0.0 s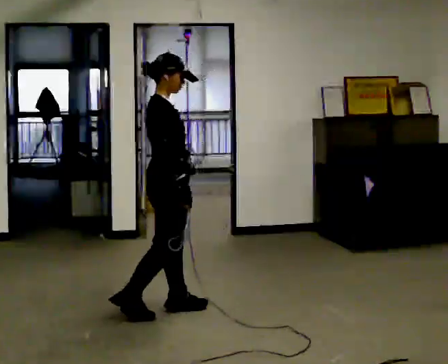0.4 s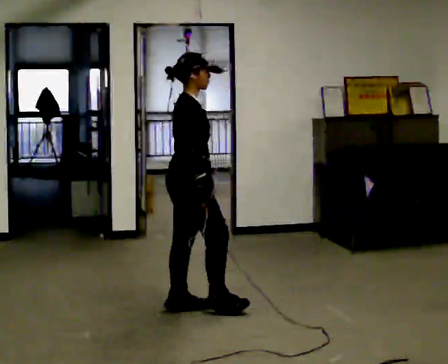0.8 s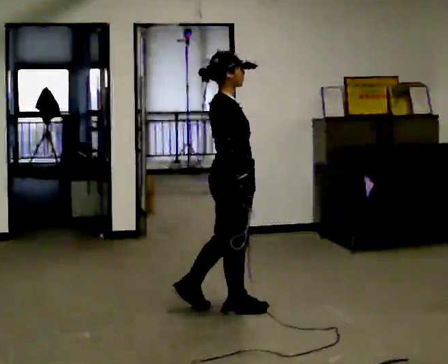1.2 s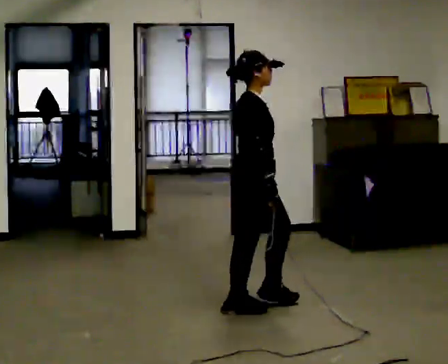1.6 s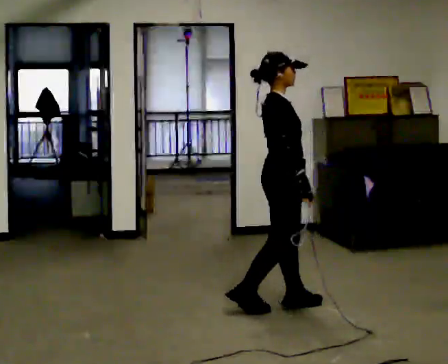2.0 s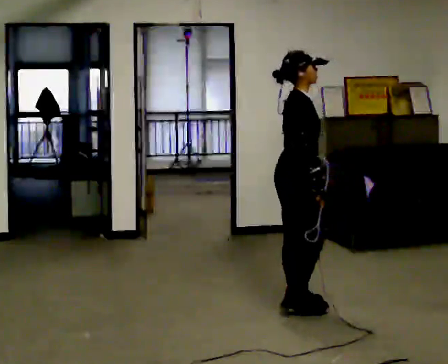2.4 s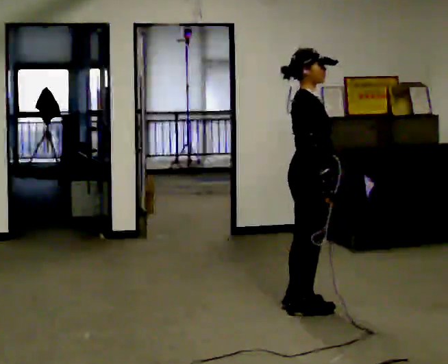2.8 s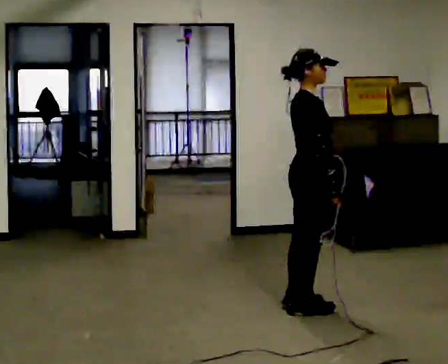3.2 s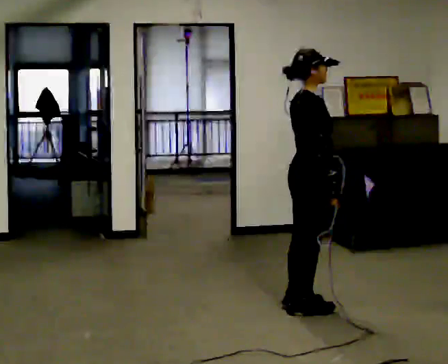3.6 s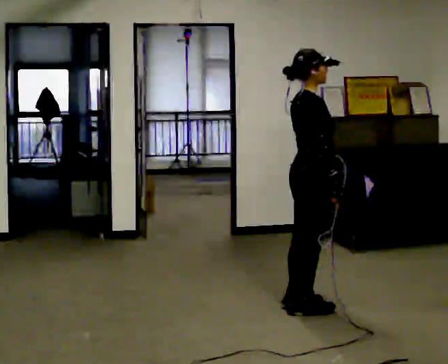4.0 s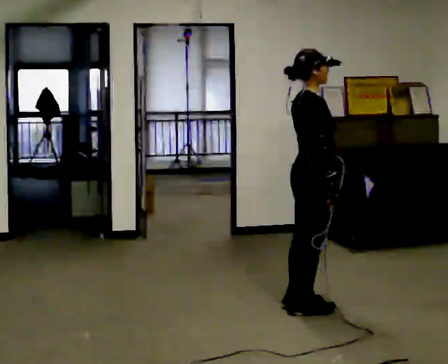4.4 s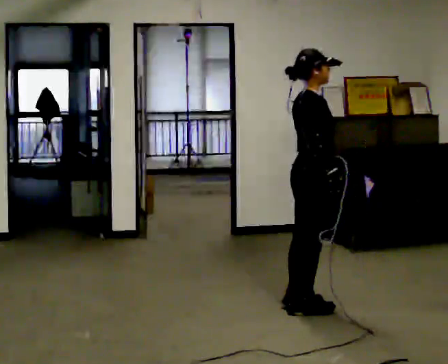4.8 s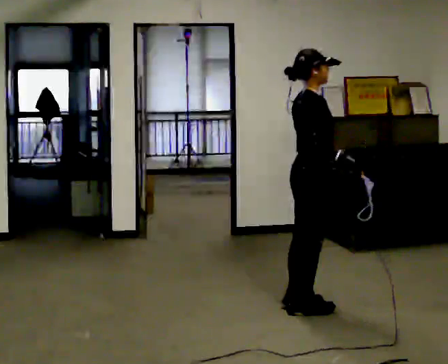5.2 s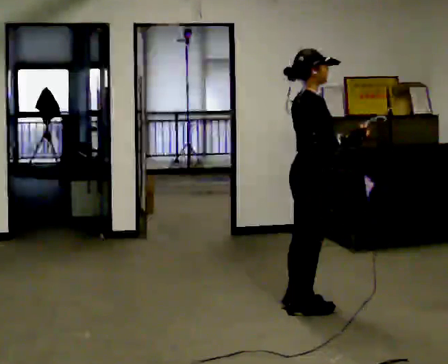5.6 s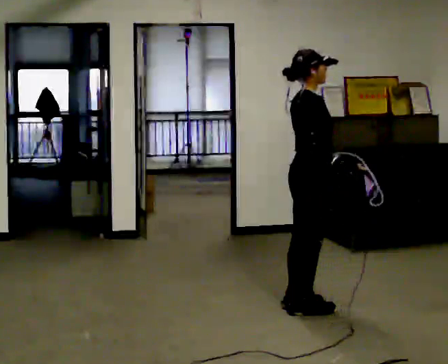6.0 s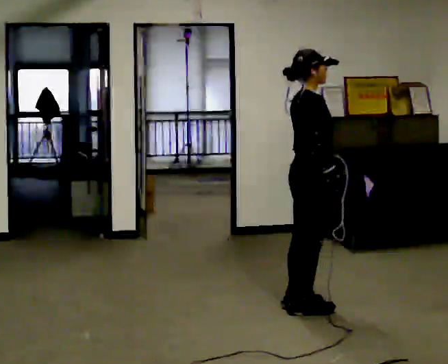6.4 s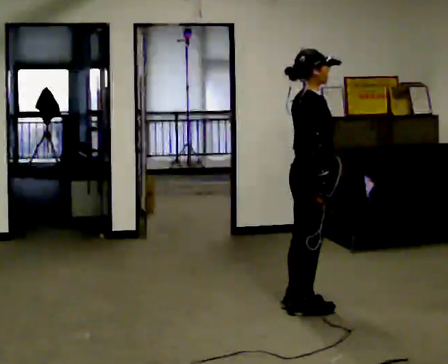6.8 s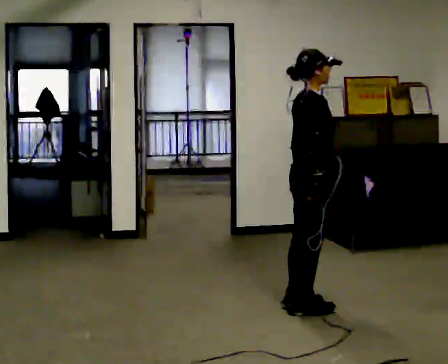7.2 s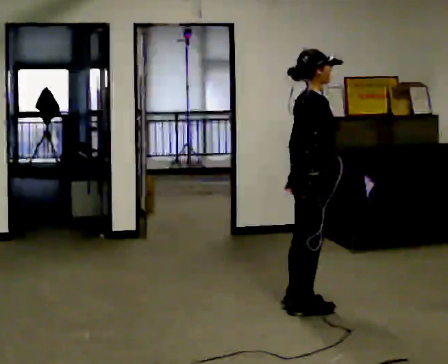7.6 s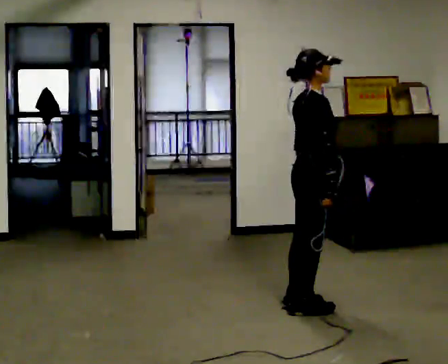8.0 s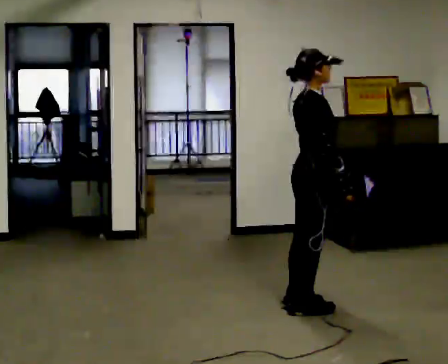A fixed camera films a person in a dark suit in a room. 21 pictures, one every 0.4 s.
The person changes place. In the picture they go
to the right.
0.0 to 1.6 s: In the picture they go to the right, about 0.75 m in 2 steps, which for them is forward.
1.6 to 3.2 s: In the picture they go to the right, about 0.25 m, which for them is forward.
3.2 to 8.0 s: The person moves a little, or ends about where they began.
The film runs backward here.
